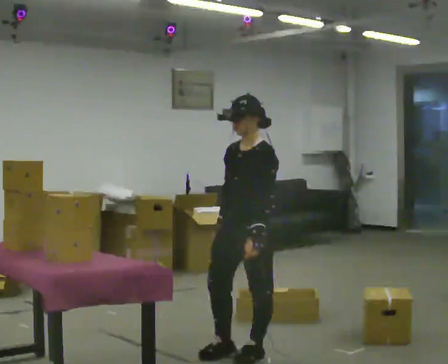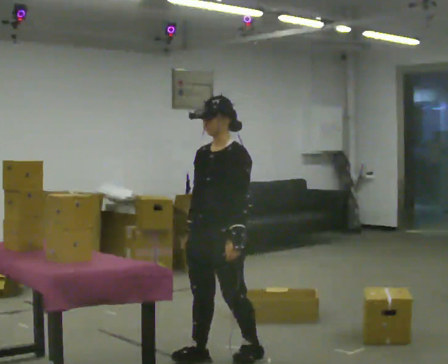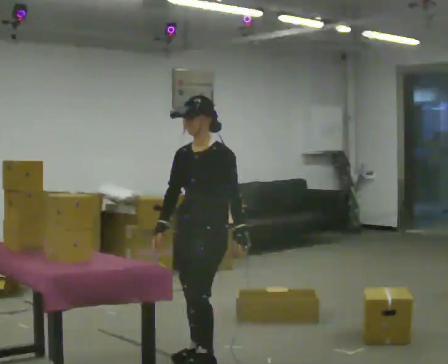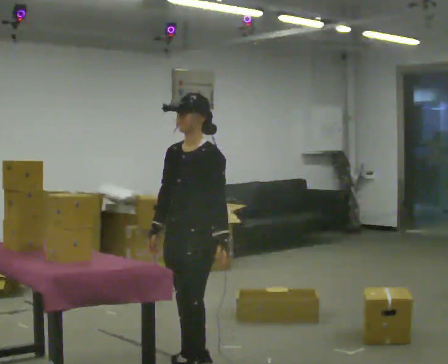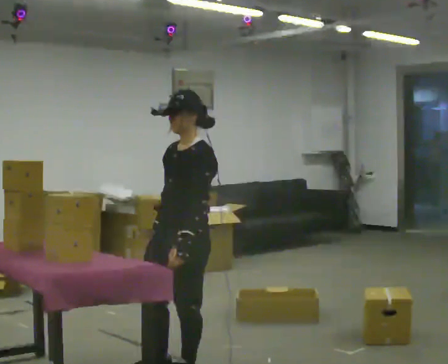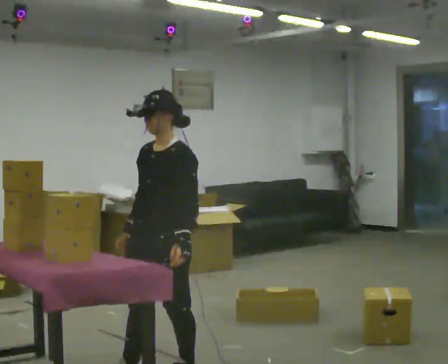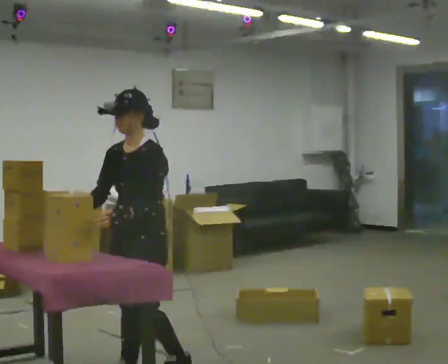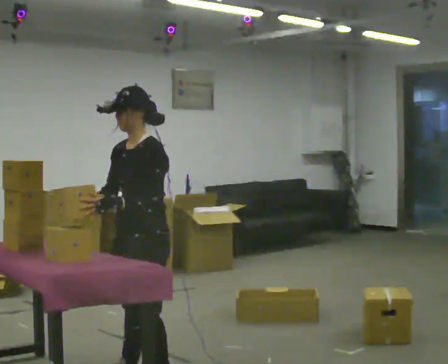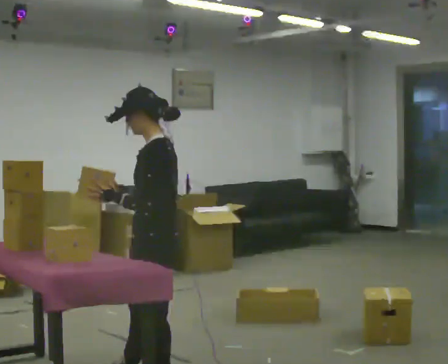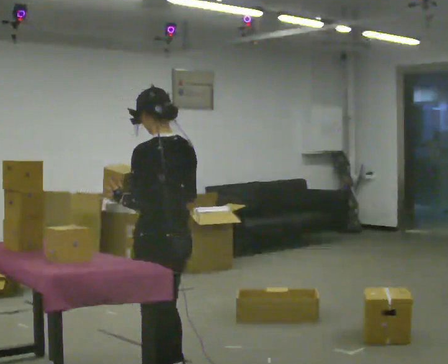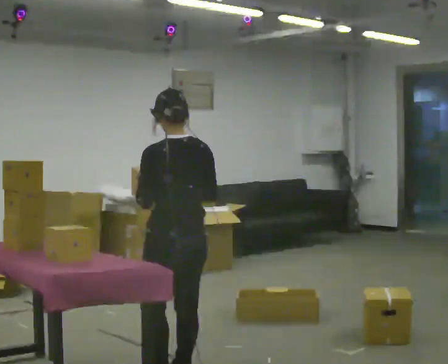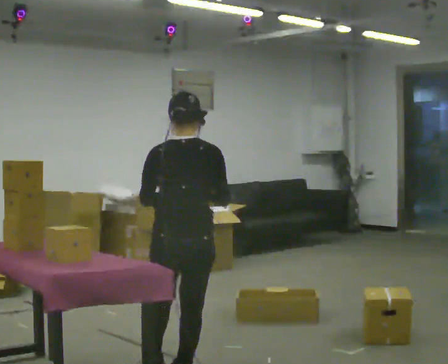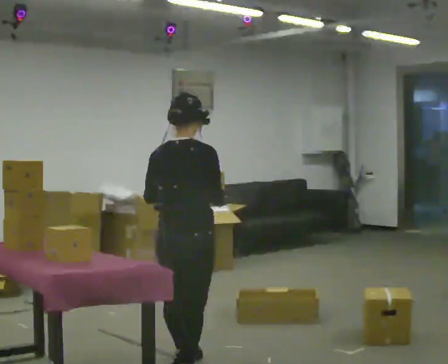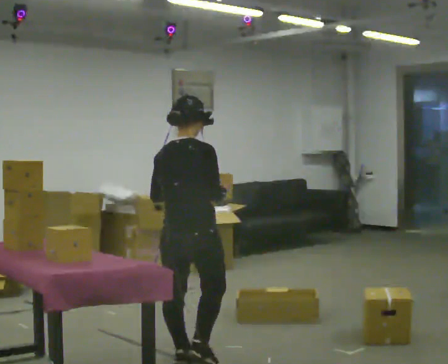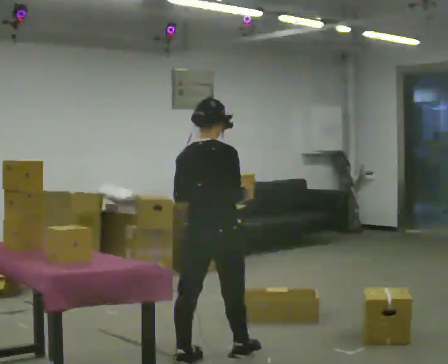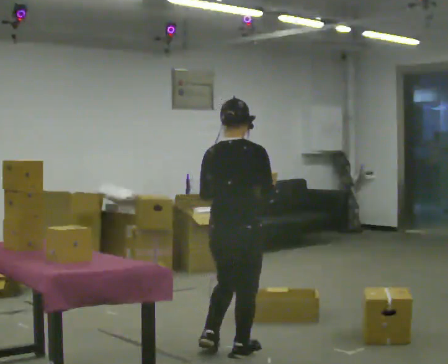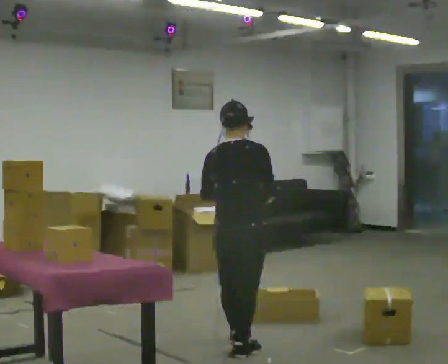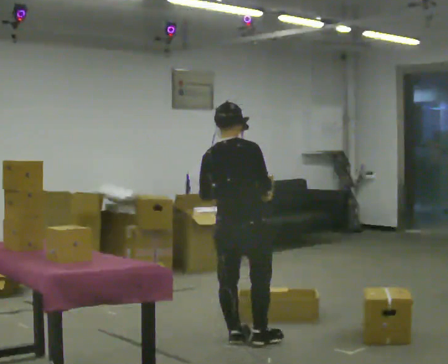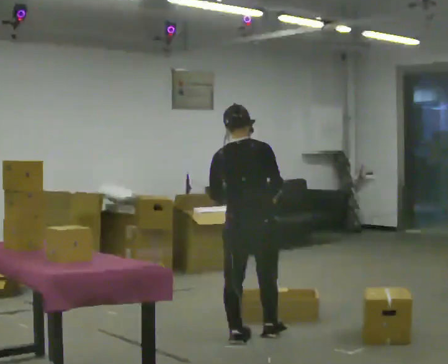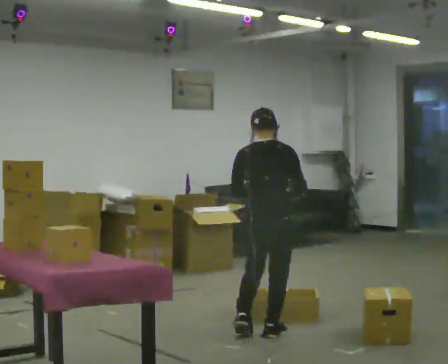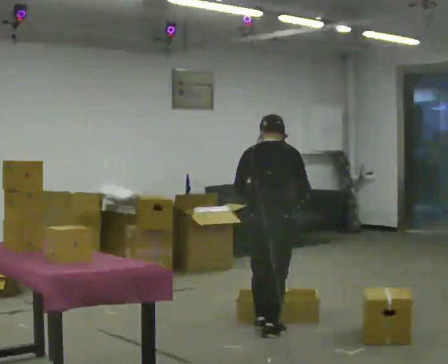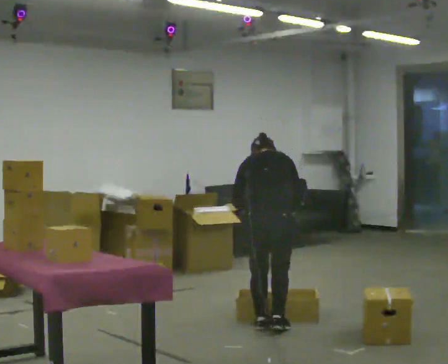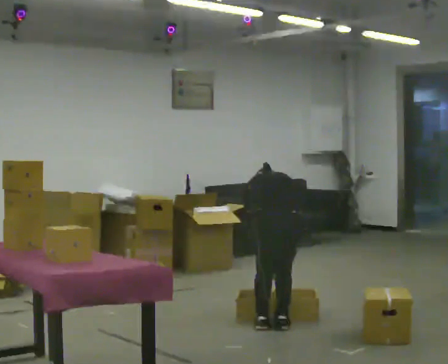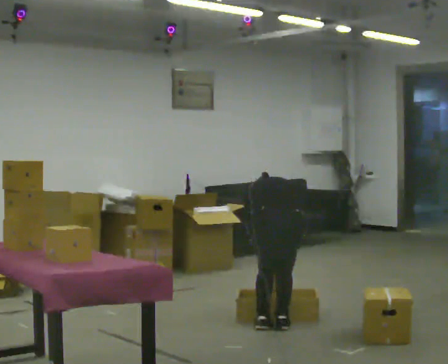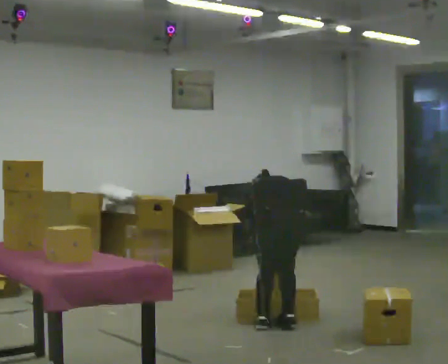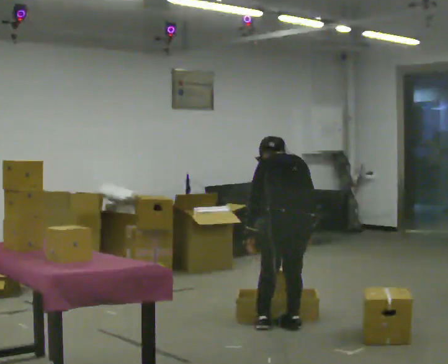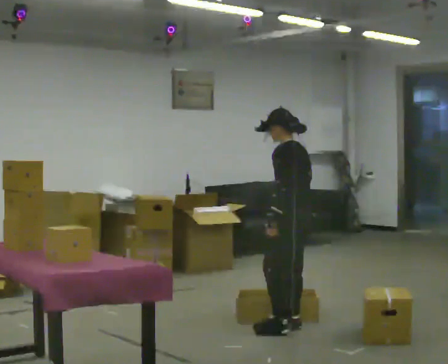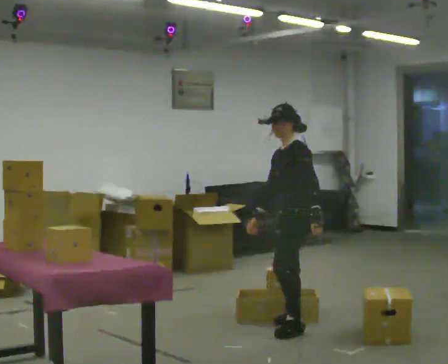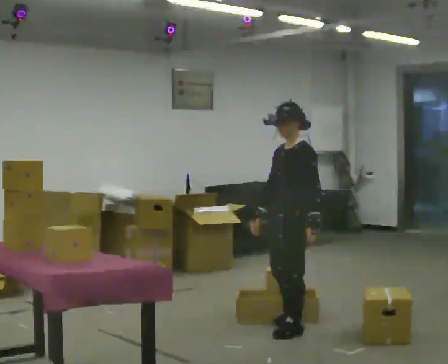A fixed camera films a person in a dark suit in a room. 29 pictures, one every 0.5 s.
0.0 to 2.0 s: In the picture they go to the left and toward the camera, about 0.5 m in 2 steps, which for them is forward.
2.0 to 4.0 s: Seen from above the body turns clockwise, about 30 degrees: to their right, with its near side sliding to the left. In the picture they go toward the camera, about 0.25 m in 2 steps, which for them is forward. In the picture their left hand goes to the left.
4.0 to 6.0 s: The part of the body nearest the lens slides to the left as the person turns to their right by about 120 degrees. In the picture they go away from the camera, about 0.25 m in 2 steps.
6.0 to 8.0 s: In the picture they go away from the camera and to the right, about 0.5 m in 2 steps, which for them is forward.
8.0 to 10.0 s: In the picture they go away from the camera and to the right, about 0.5 m in 2 steps, which for them is forward.
10.0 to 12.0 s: The shoulders move downward. The upper body tips away from the camera, its near side rolling upward, as they bend forward. In the picture their left hand goes downward.
12.0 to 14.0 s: The person turns about 90 degrees to their left, counterclockwise seen from above, so the part of the body nearest the lens slides to the right. The shoulders move upward. The upper body tips toward the camera, its near side rolling downward, as they lean back or straighten. In the picture their right hand goes upward and to the left, the arm swinging clockwise.
The film runs forward here.
